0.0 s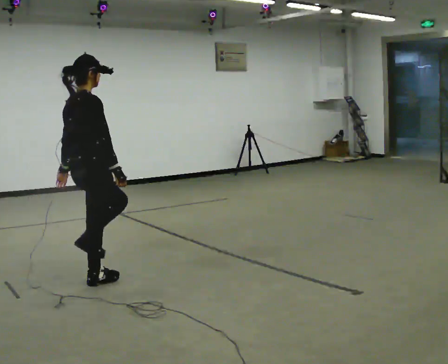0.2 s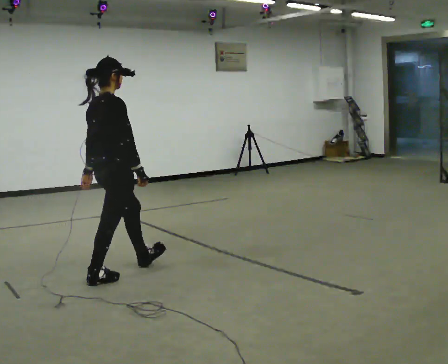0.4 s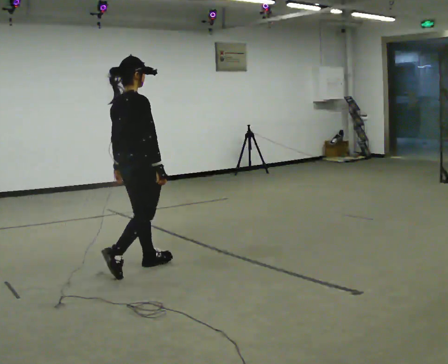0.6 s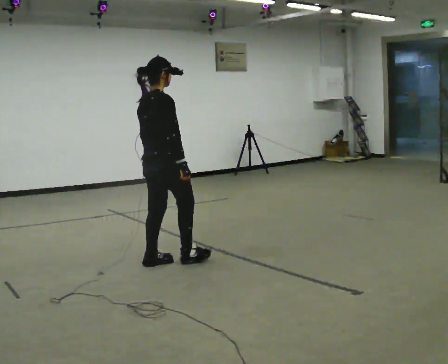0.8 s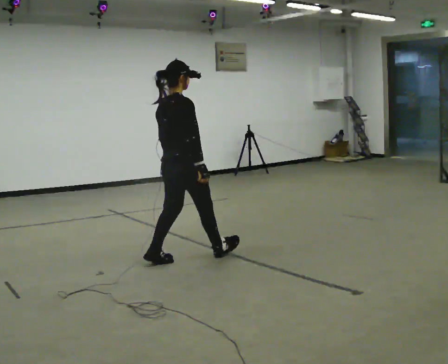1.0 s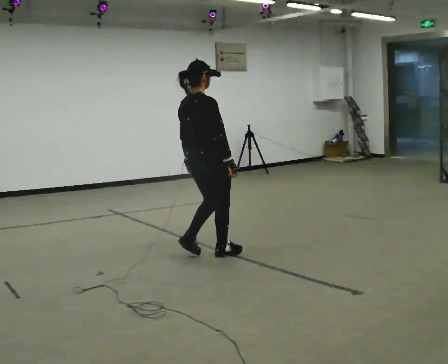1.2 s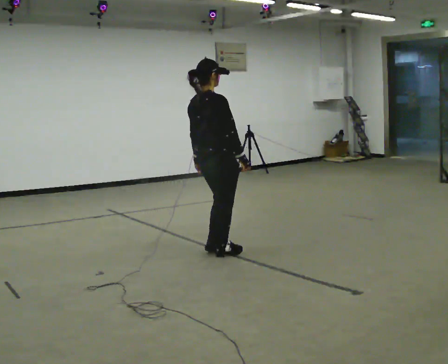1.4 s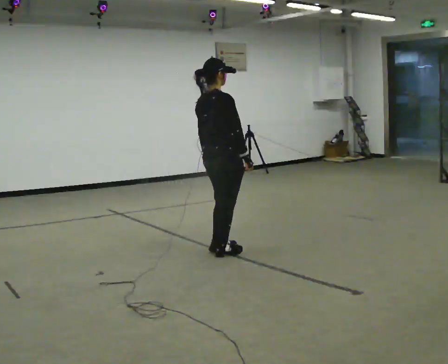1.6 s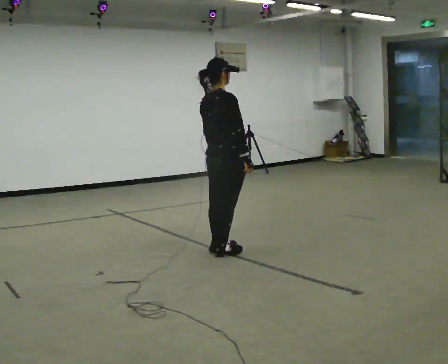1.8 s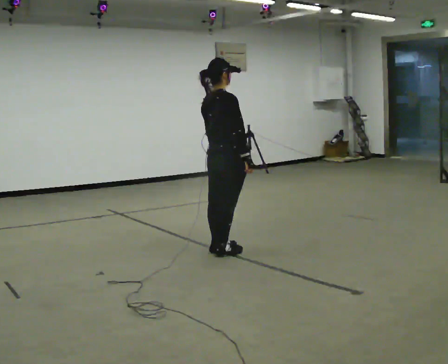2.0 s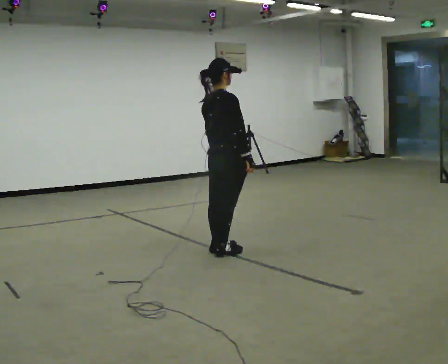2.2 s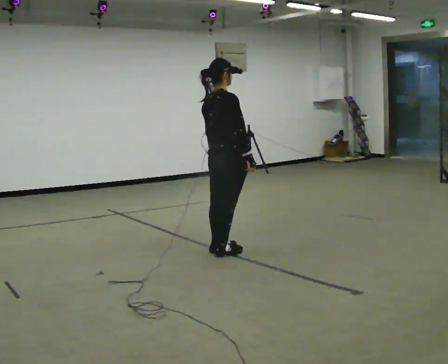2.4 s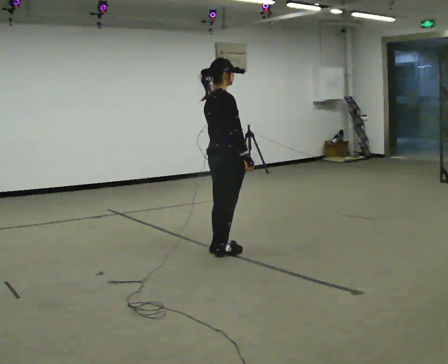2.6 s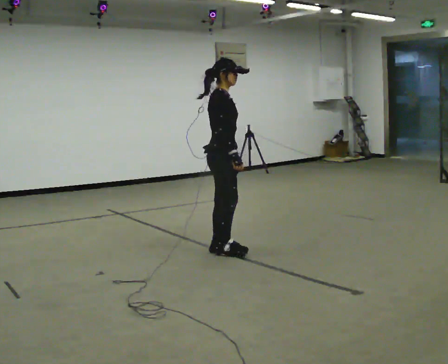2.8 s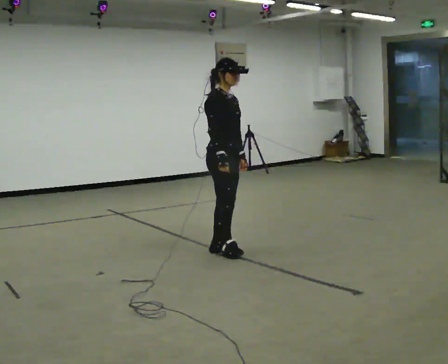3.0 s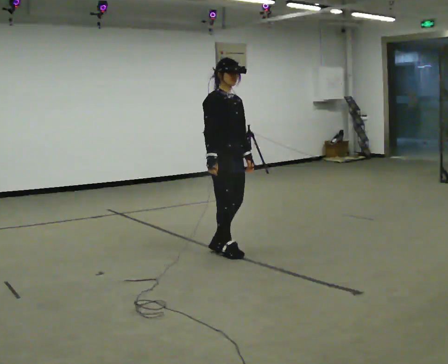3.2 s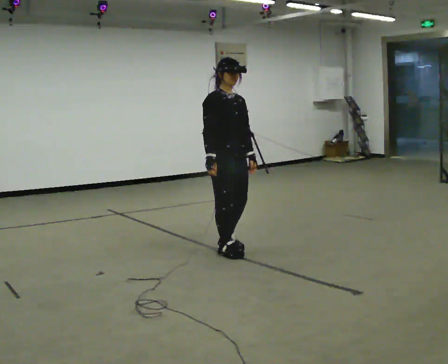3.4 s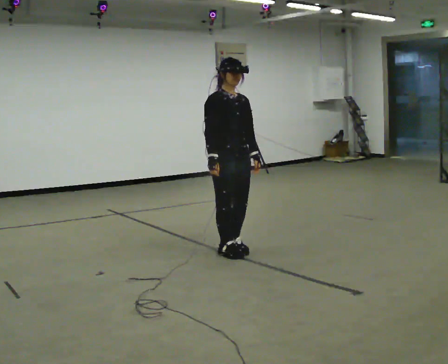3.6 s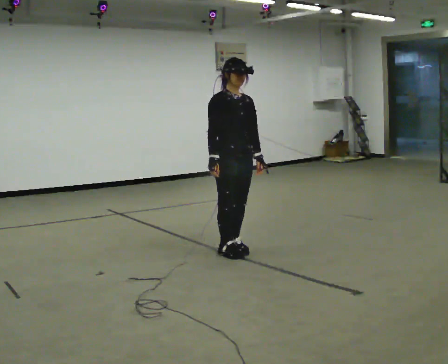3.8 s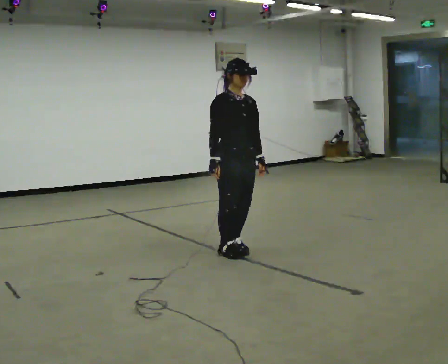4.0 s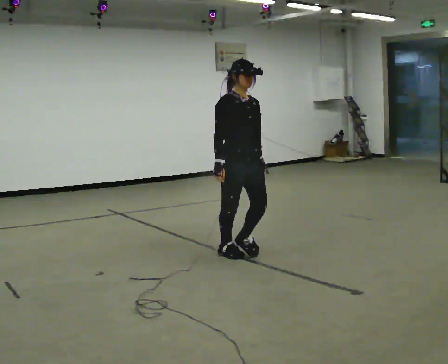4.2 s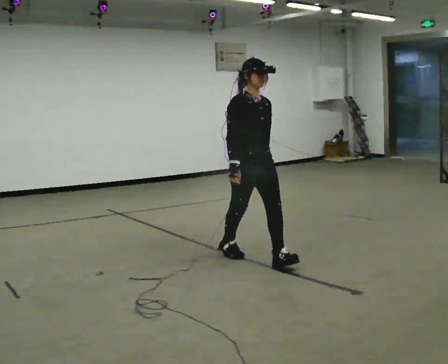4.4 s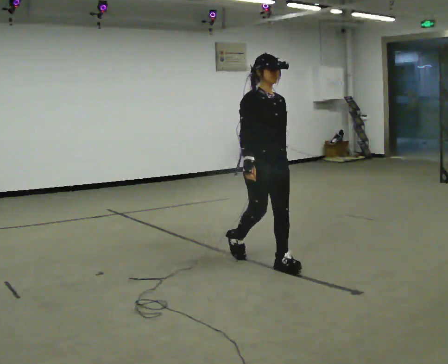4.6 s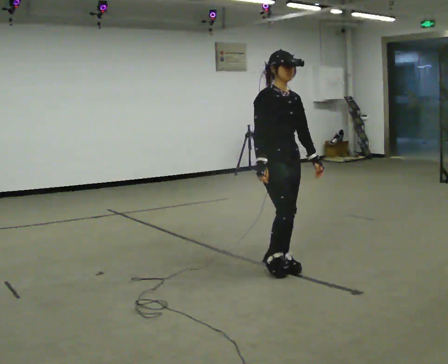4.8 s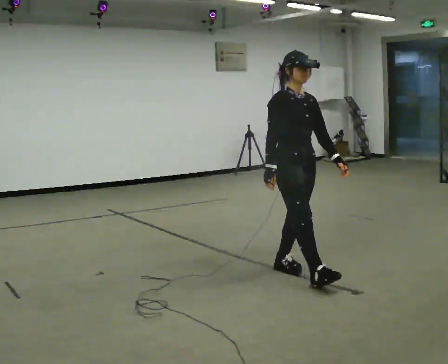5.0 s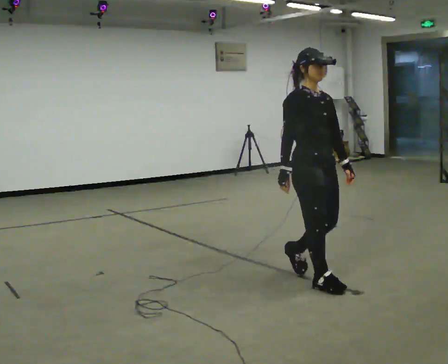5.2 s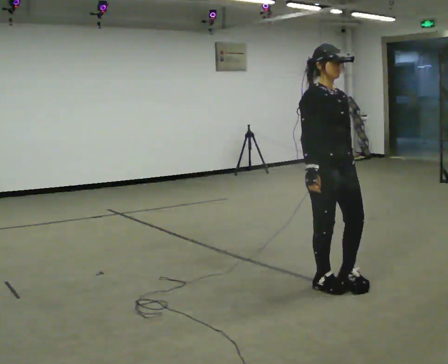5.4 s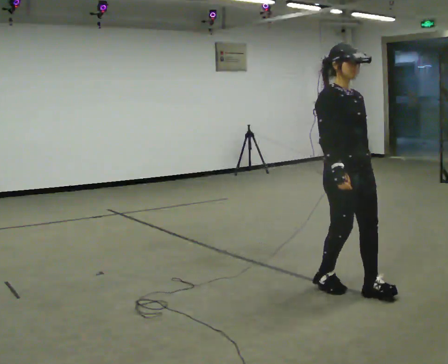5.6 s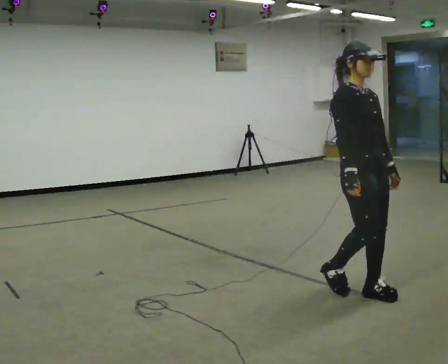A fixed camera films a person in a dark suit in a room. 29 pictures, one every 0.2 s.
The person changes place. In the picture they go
to the right.
The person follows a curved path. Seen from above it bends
clockwise.
0.0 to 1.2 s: In the picture they go to the right and away from the camera, about 1 m in 2 steps, which for them is forward.
1.2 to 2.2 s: The person moves a little, or ends about where they began.
2.2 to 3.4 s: Seen from above the body turns clockwise, about 90 degrees: to their right, with its near side sliding to the left. In the picture their right hand goes to the left.
3.4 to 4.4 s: In the picture they go toward the camera and to the right, about 0.5 m in 1 step, which for them is forward.
4.4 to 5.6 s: In the picture they go toward the camera and to the right, about 1 m in 2 steps, which for them is forward.
The film runs forward here.
